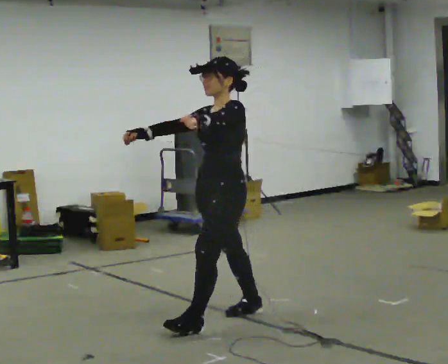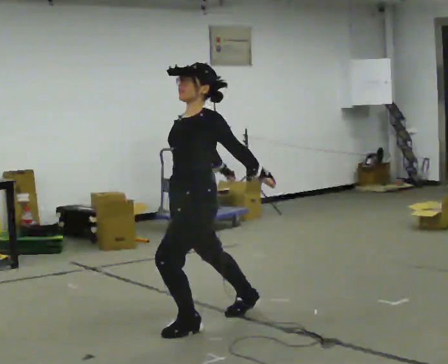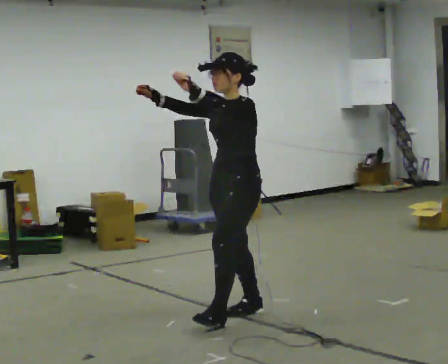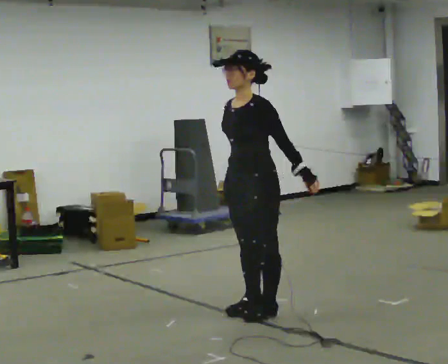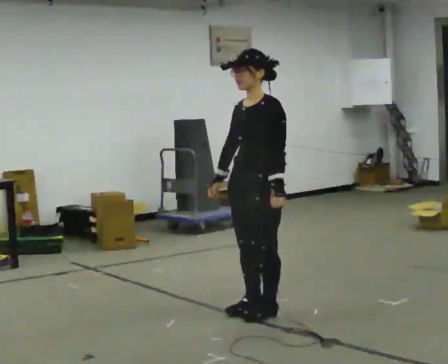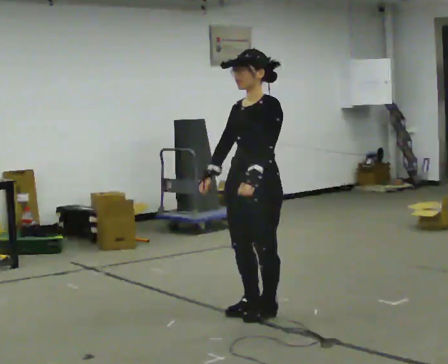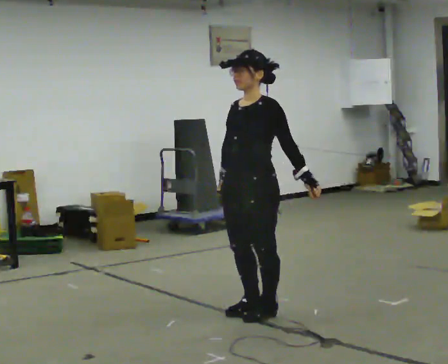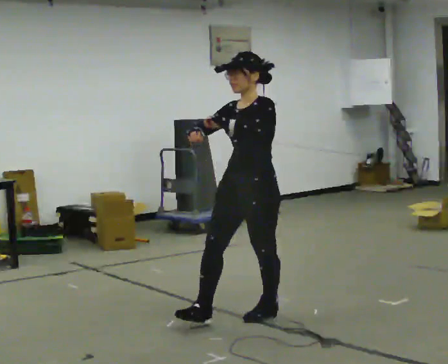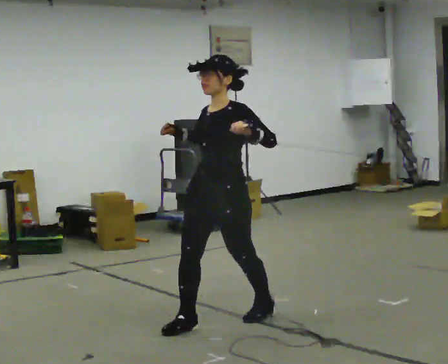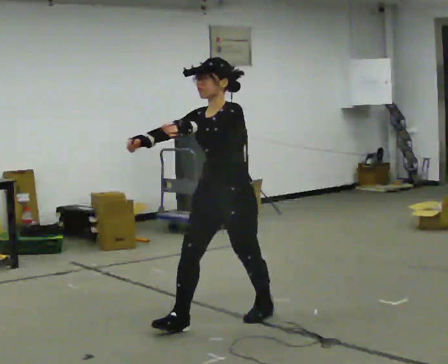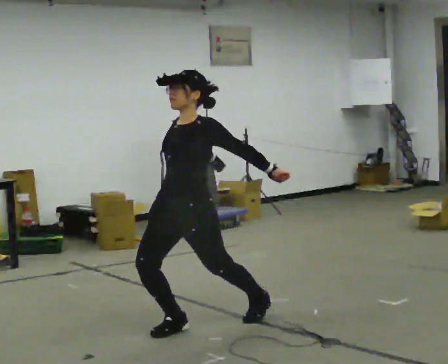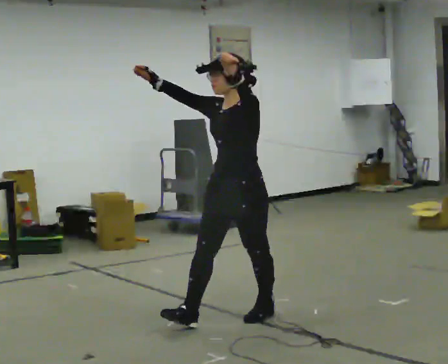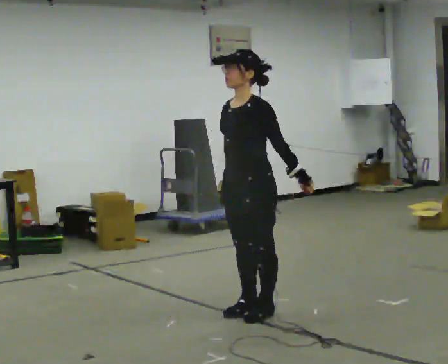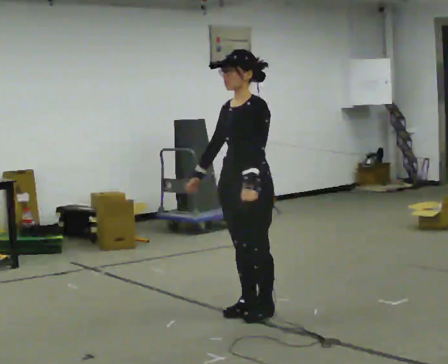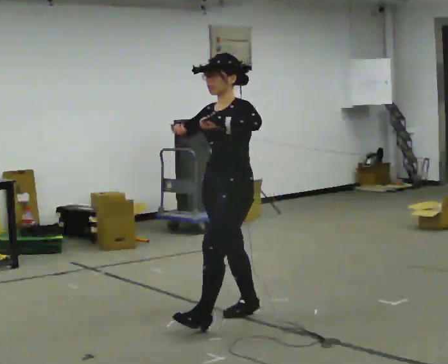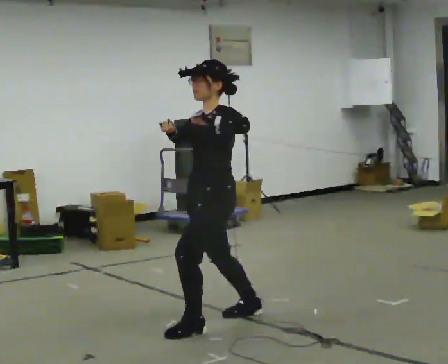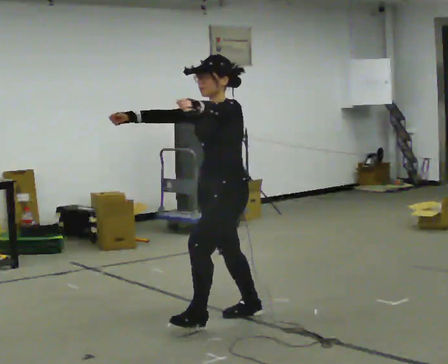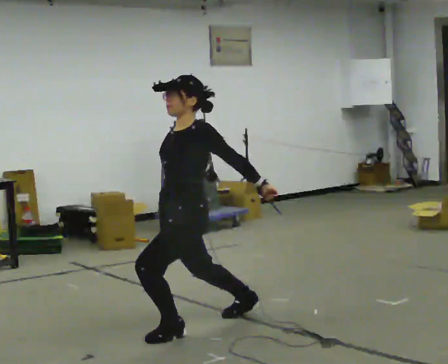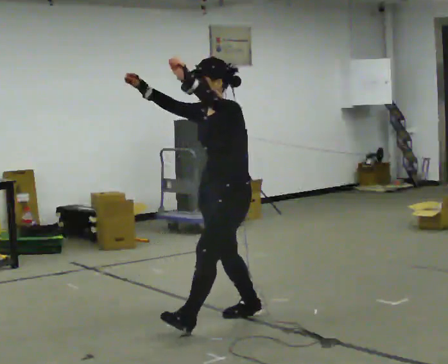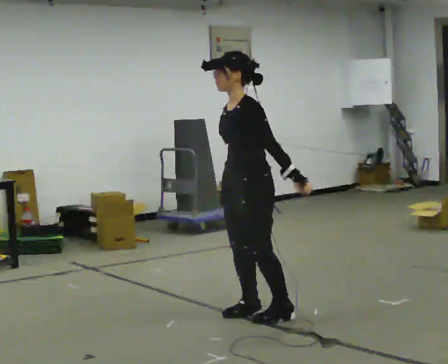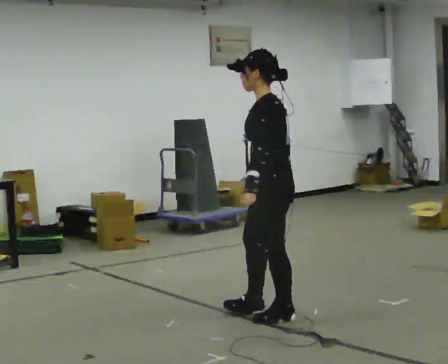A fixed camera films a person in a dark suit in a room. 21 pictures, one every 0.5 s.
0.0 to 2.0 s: In the picture they go to the right, about 0.25 m in 1 step, which for them is backward. In the picture their left hand goes to the right and downward.
2.0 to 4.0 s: In the picture they go to the left and toward the camera, about 0.25 m in 1 step, which for them is forward.
4.0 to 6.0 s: In the picture they go to the right and away from the camera, about 0.25 m in 1 step, which for them is backward. In the picture their right hand goes to the right.
6.0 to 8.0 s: In the picture they go to the left, about 0.25 m in 1 step, which for them is forward. In the picture their left hand goes to the left and upward.
8.0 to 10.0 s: Seen from above the body turns clockwise, about 45 degrees: to their right, with its near side sliding to the left. In the picture they go to the right, about 0.25 m in 1 step, which for them is backward and to their left. In the picture their right hand goes downward.
The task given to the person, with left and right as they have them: Dance freely at a fast tempo as if to upbeat music; keep moving continuously.
The film runs forward here.
